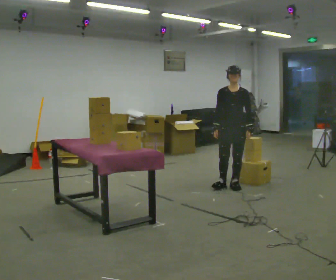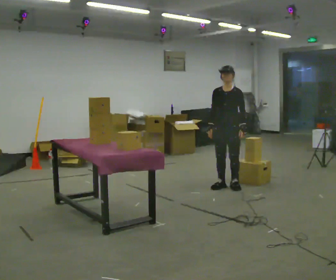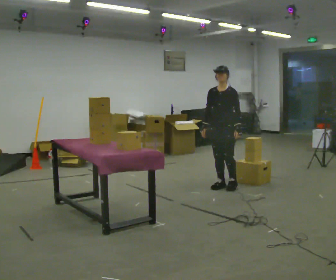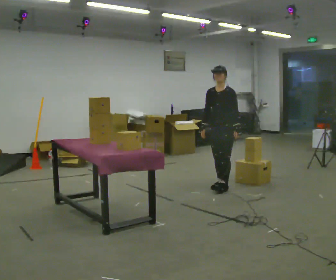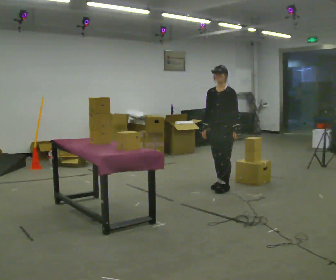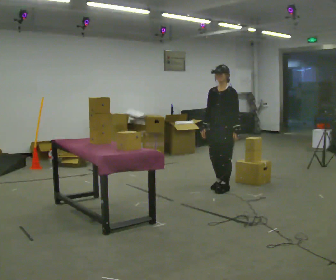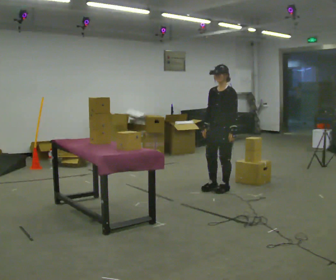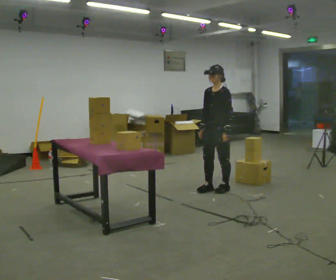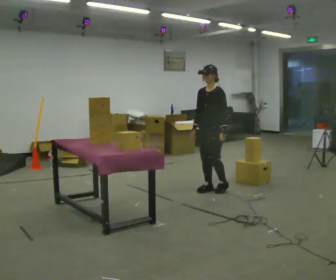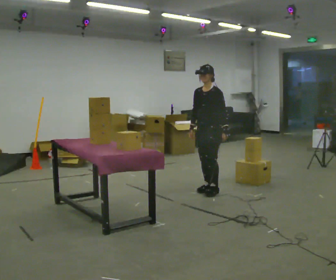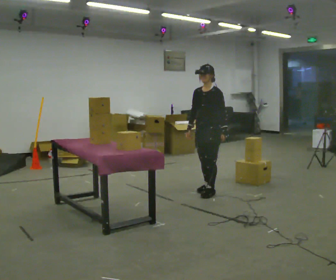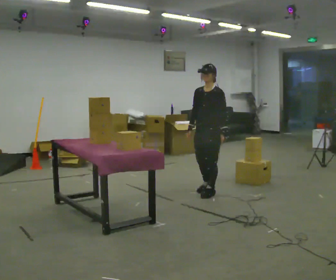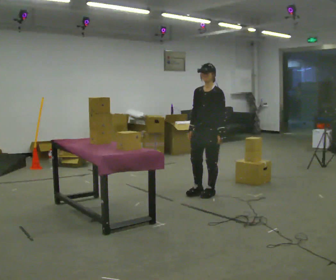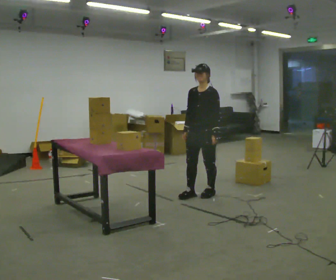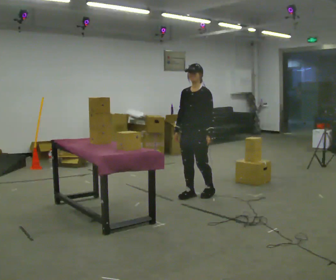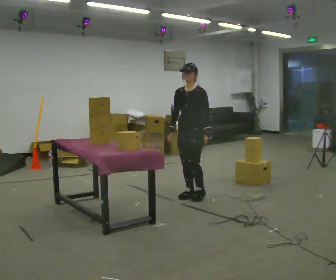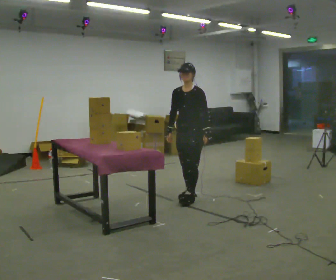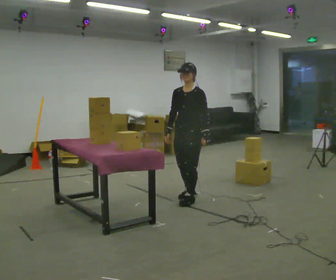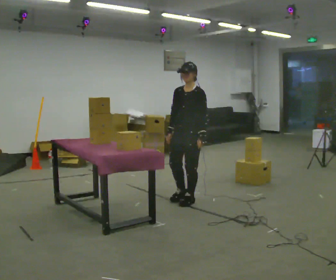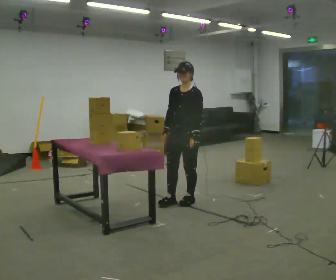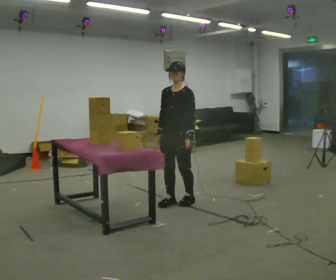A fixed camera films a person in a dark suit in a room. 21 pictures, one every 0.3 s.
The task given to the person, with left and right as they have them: Take an object out of the bin at knee height, carry it across the room, and place it on the chest-height shelf. Keep going until the operator says stop; one object at a time, and do not rush between trips.
0.0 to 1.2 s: The part of the body nearest the lens slides to the left as the person turns to their right by about 30 degrees.
1.2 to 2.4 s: The person moves a little, or ends about where they began.
2.4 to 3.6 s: In the picture they go toward the camera, about 0.25 m in 1 step, which for them is forward.
3.6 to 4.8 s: In the picture they go to the left, about 0.25 m in 2 steps, which for them is forward.
4.8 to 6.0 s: In the picture they go toward the camera and to the left, about 0.25 m in 1 step, which for them is forward.
The film runs forward here.
